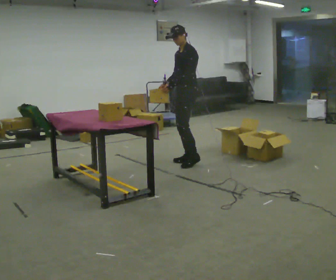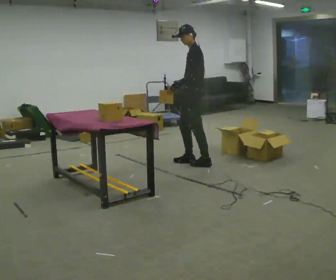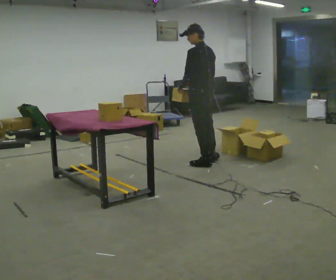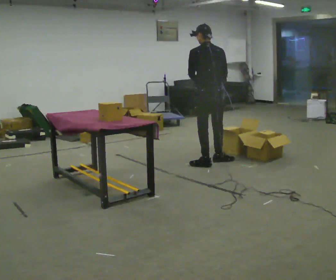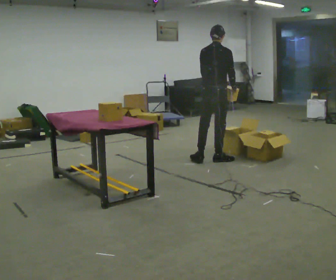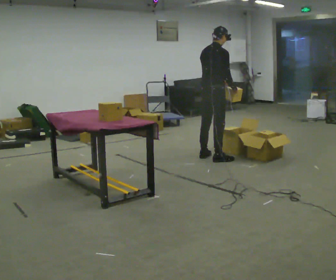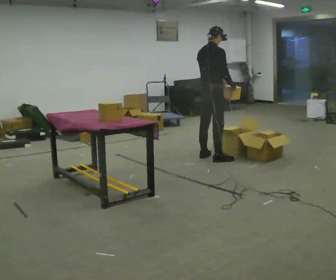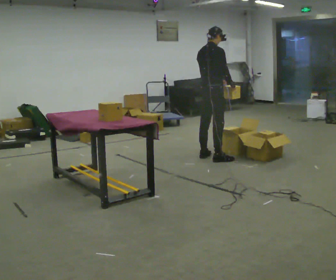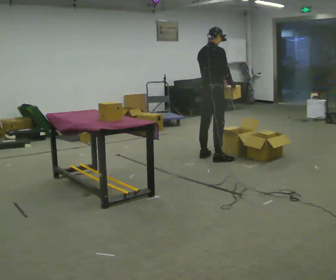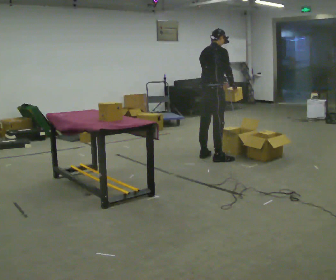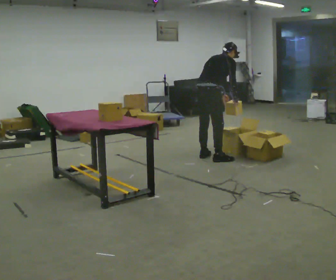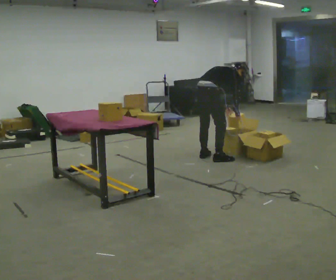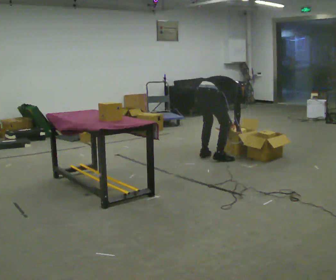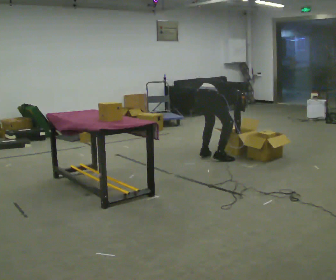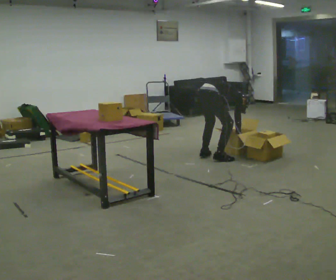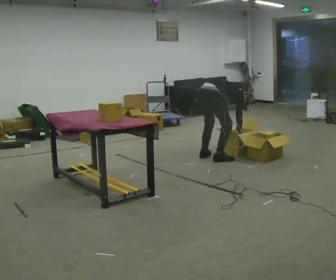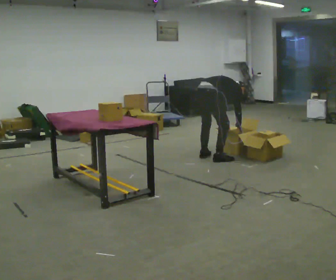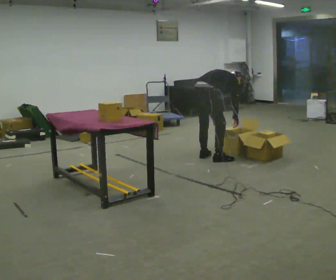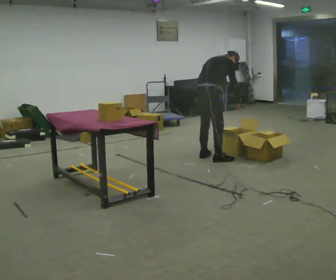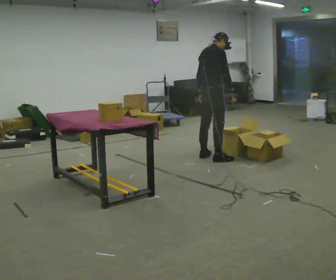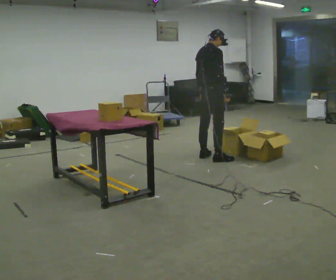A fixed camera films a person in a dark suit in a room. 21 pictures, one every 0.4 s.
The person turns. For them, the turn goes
to their right.
The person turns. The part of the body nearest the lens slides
to the left.
0.0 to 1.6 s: The person turns about 150 degrees to their right, clockwise seen from above, so the part of the body nearest the lens slides to the left. In the picture they go to the right, about 0.25 m in 2 steps.
1.6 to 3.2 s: In the picture they go away from the camera, about 0.25 m, which for them is to their left.
3.2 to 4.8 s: The upper body goes downward. In the picture the upper body tilts clockwise, shoulders to the right, as they bend forward. In the picture their right hand goes downward.
4.8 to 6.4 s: The person moves a little, or ends about where they began.
6.4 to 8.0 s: The upper body goes upward. In the picture the upper body tilts counterclockwise, shoulders to the left, as they lean back or straighten. In the picture their right hand goes upward.
The film runs backward here.
